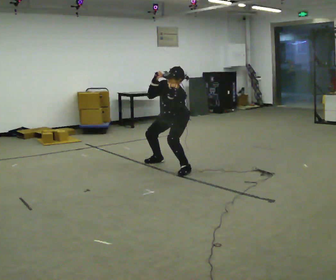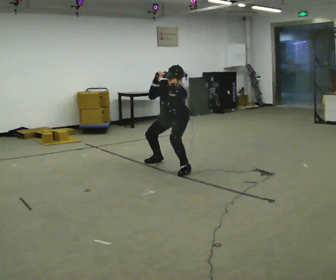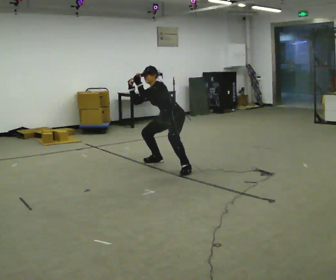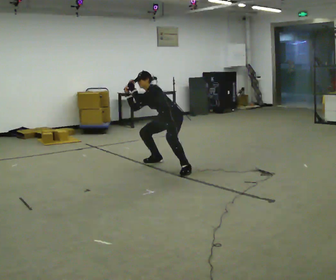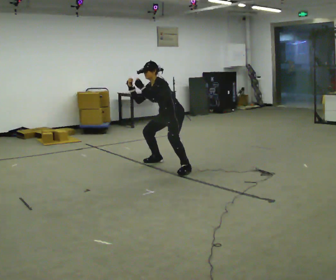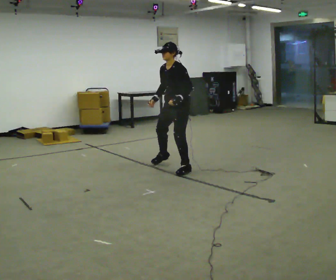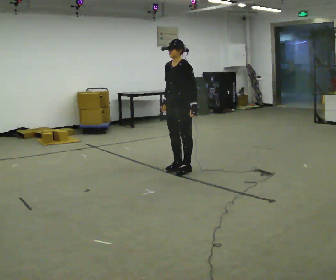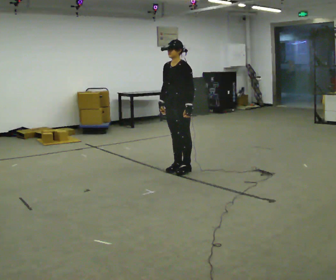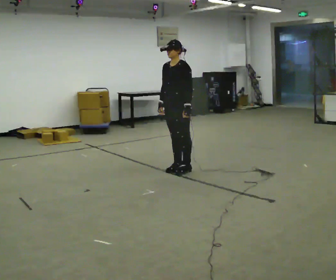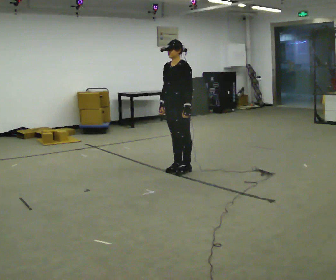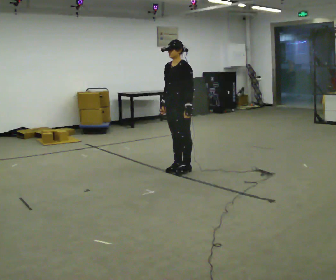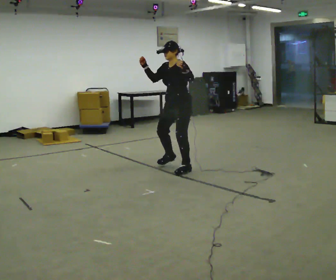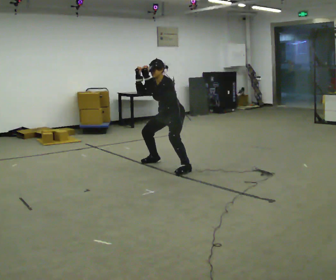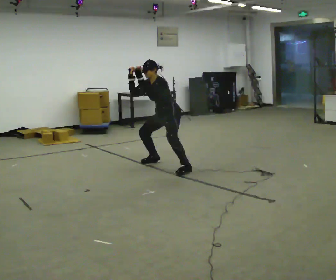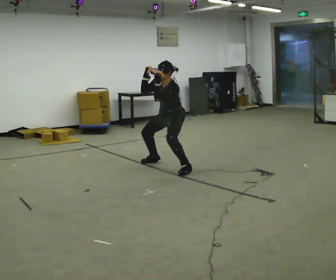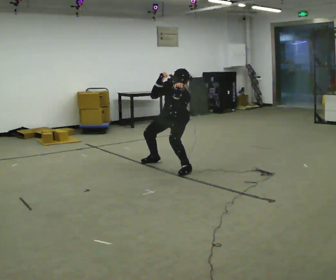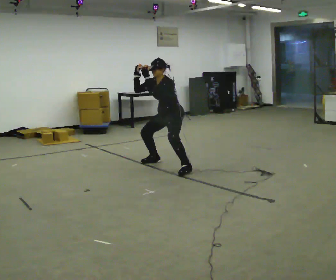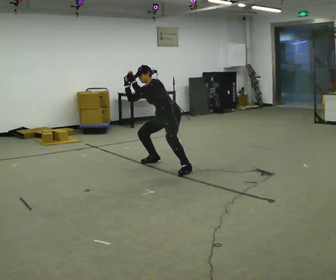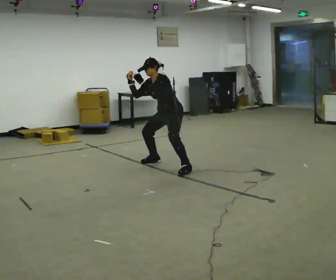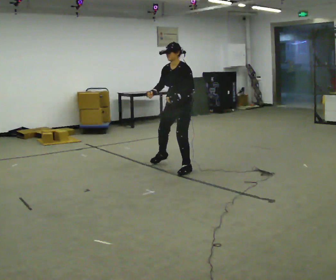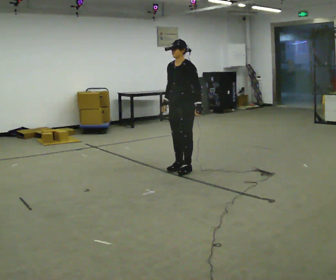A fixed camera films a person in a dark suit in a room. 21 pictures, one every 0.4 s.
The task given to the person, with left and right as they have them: Move as if avoiding punches: slip your head side to side, duck, and raise your guard. Repeat the movement at your own pace until the operator says stop; do not rush.
0.0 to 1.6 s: In the picture their right hand goes to the left.
1.6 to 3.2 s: In the picture they go toward the camera, about 0.25 m in 1 step, which for them is to their left and forward. The upper body goes upward. In the picture the upper body tilts clockwise, shoulders to the right, as they lean back or straighten.
3.2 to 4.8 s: In the picture they go away from the camera, about 0.25 m in 1 step, which for them is to their right and backward. The upper body goes downward. The upper body tips toward the camera, its near side rolling downward, as they bend forward. In the picture their left hand goes upward.
4.8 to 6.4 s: The person moves a little, or ends about where they began.
6.4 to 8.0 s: In the picture they go toward the camera and to the right, about 0.25 m in 1 step, which for them is to their left. In the picture their left hand goes downward.
The film runs forward here.
